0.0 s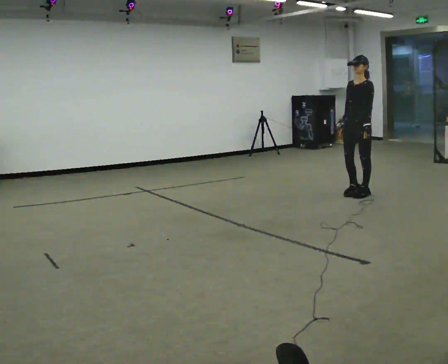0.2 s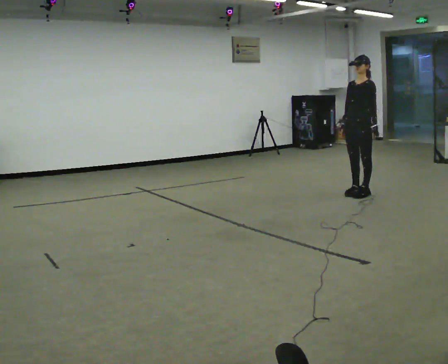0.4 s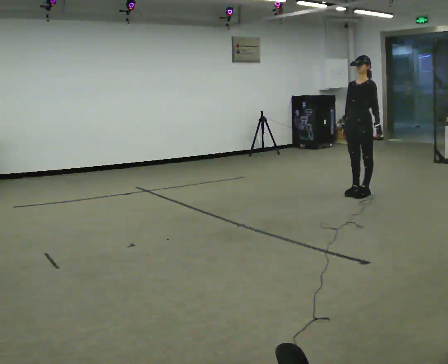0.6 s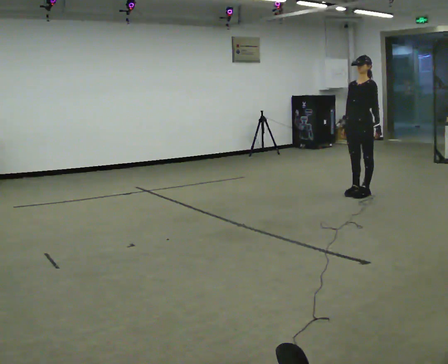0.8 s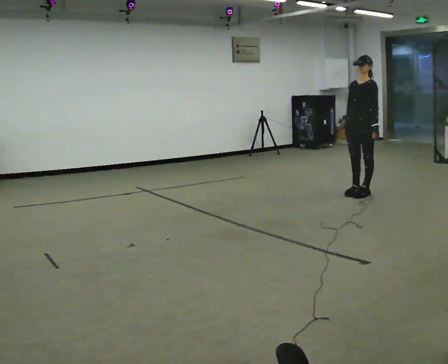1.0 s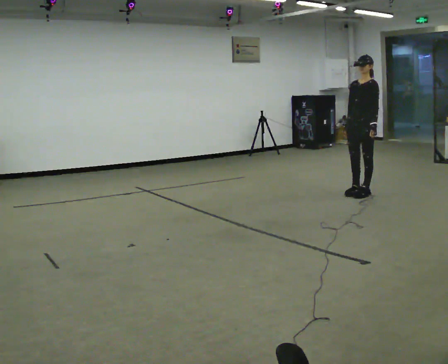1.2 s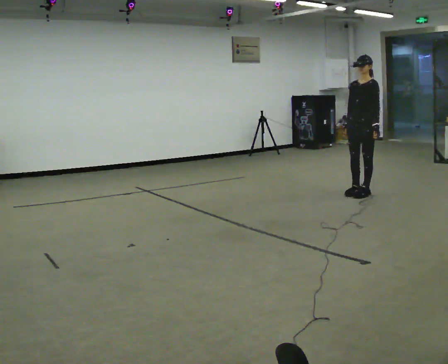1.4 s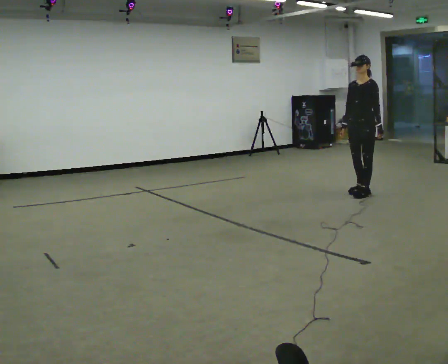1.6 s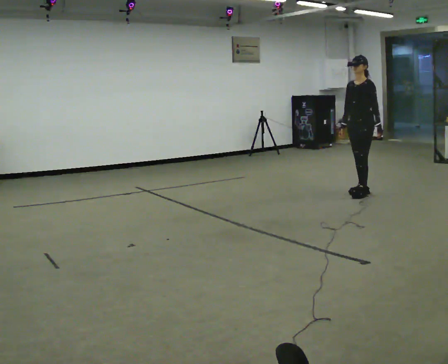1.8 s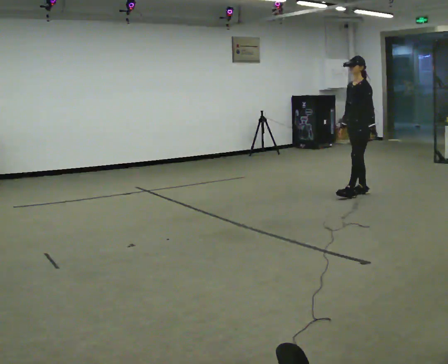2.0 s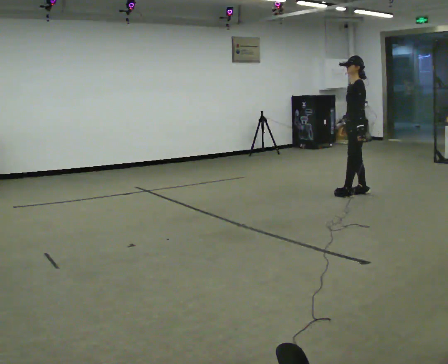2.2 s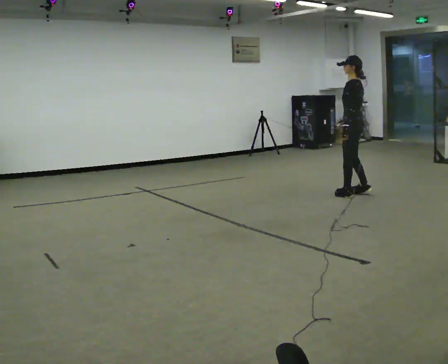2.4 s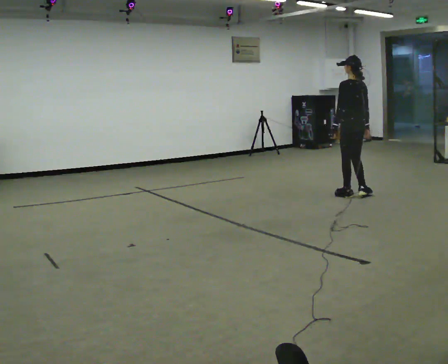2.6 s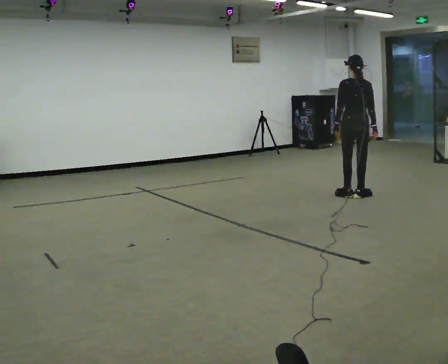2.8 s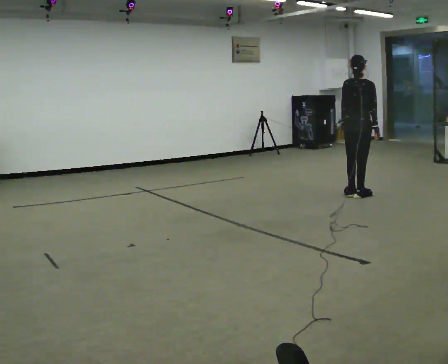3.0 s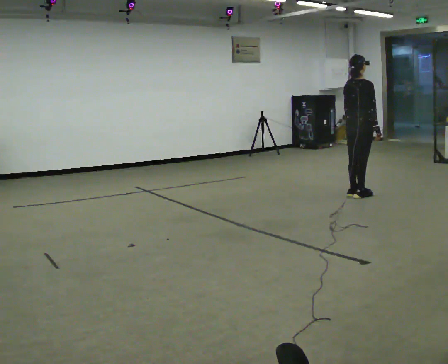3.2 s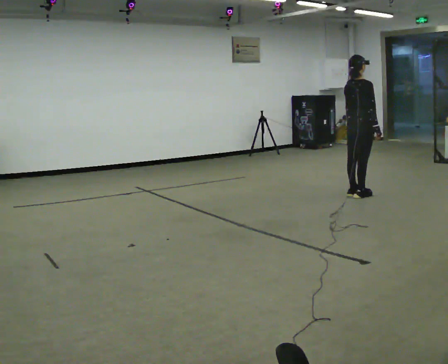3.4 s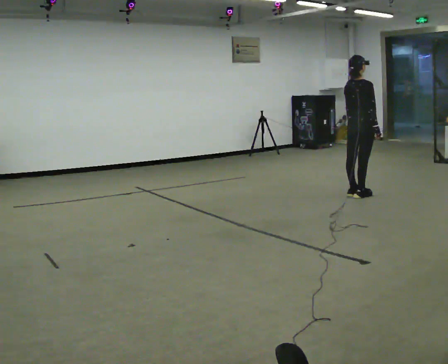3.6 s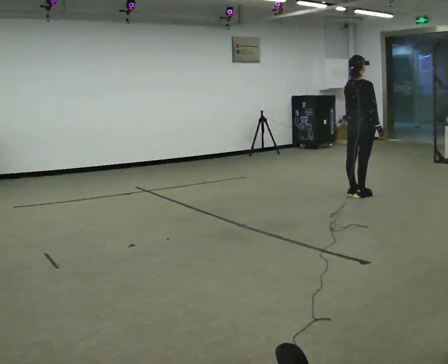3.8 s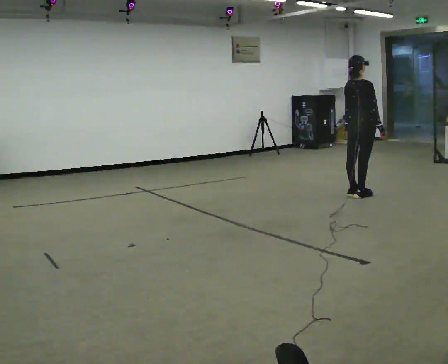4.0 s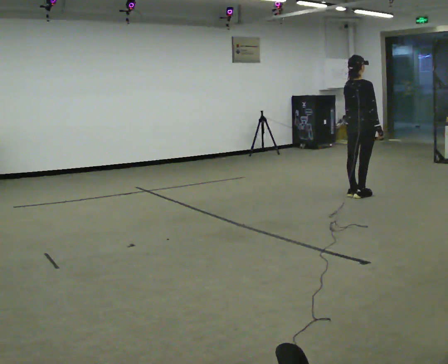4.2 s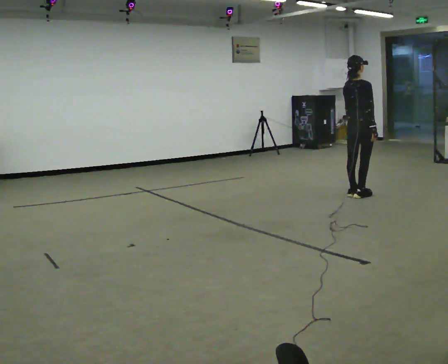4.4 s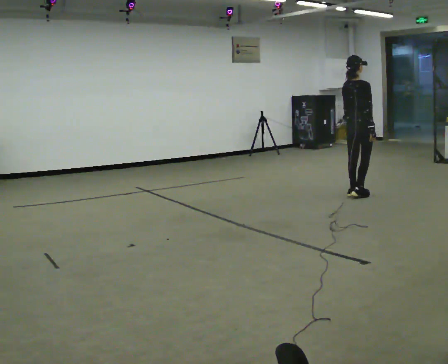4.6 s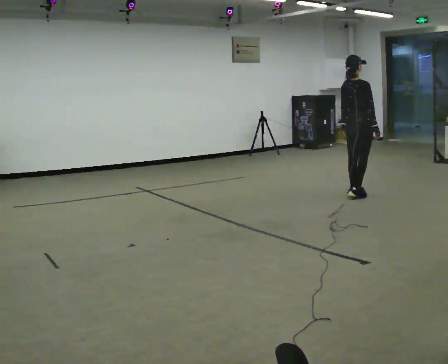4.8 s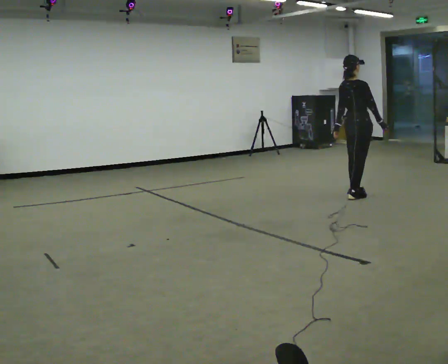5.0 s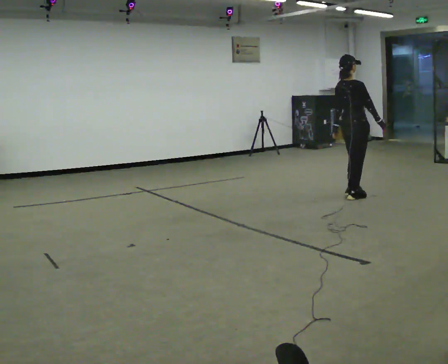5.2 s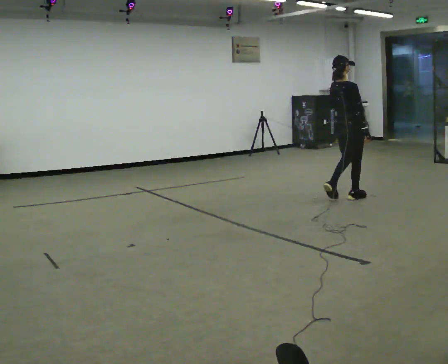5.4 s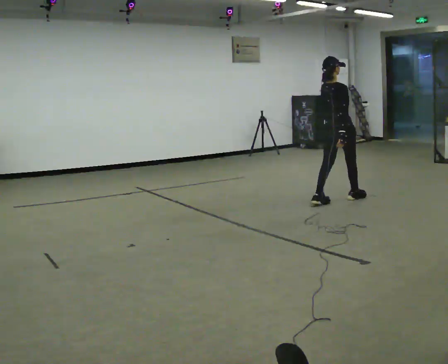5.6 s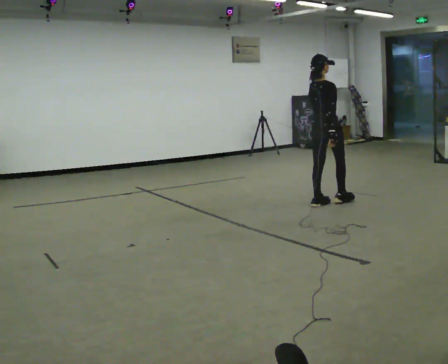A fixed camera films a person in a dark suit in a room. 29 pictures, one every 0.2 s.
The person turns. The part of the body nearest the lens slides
to the left.
The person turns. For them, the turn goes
to their right.
0.0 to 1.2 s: The person moves a little, or ends about where they began.
1.2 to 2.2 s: The person turns about 75 degrees to their right, clockwise seen from above, so the part of the body nearest the lens slides to the left.
2.2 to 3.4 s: The person turns about 120 degrees to their right, clockwise seen from above, so the part of the body nearest the lens slides to the left.
3.4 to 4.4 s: The person moves a little, or ends about where they began.
4.4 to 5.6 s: In the picture they go toward the camera and to the left, about 0.5 m in 2 steps, which for them is backward.
The film runs backward here.
